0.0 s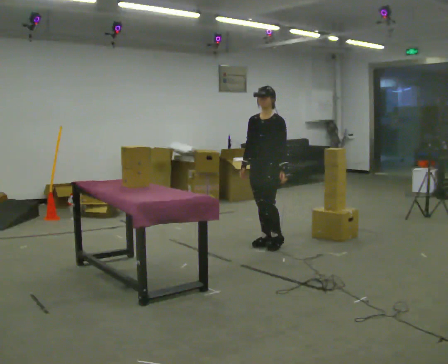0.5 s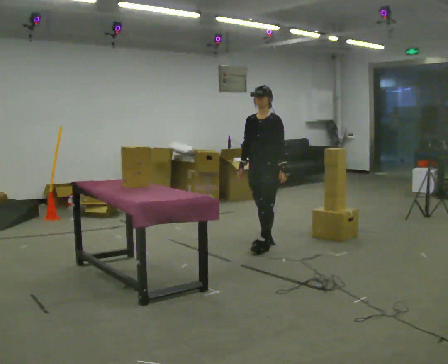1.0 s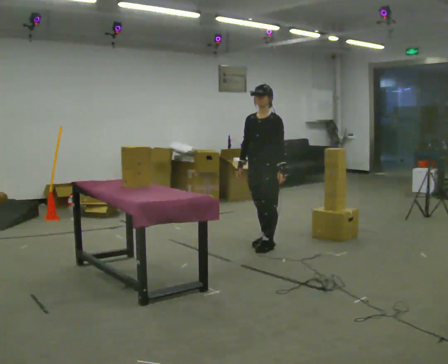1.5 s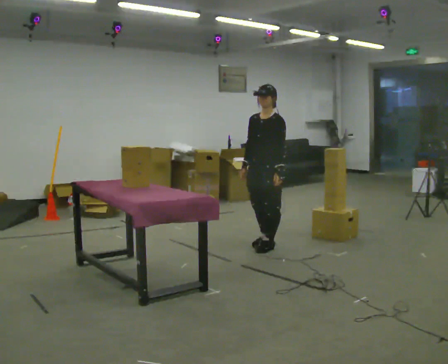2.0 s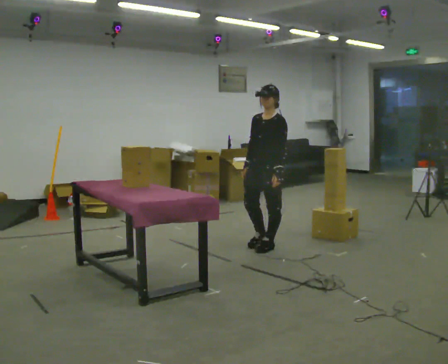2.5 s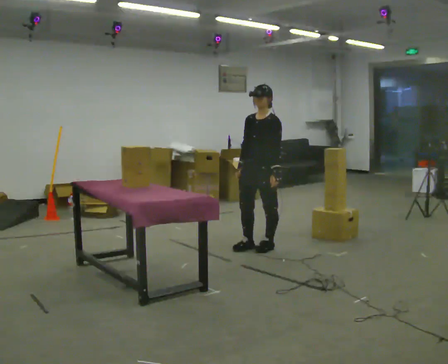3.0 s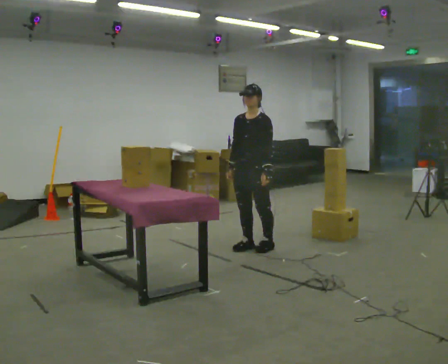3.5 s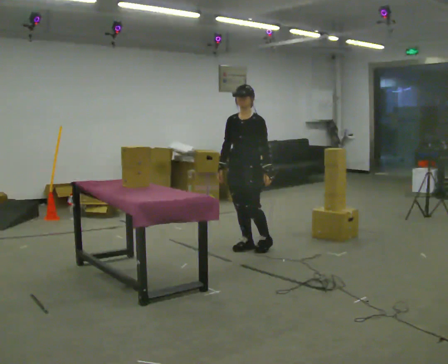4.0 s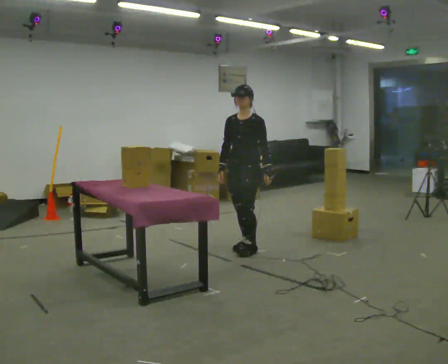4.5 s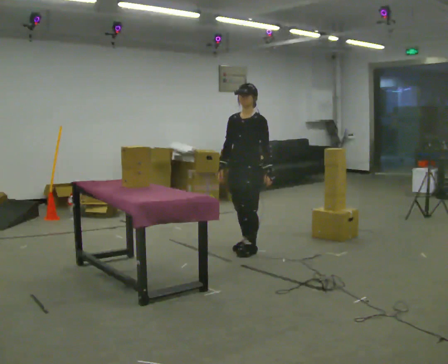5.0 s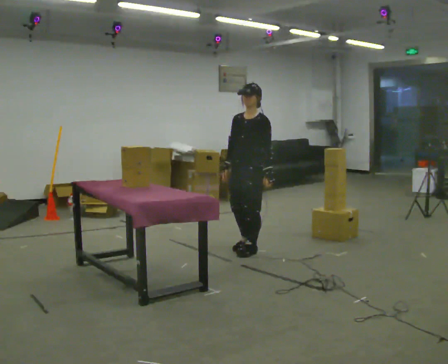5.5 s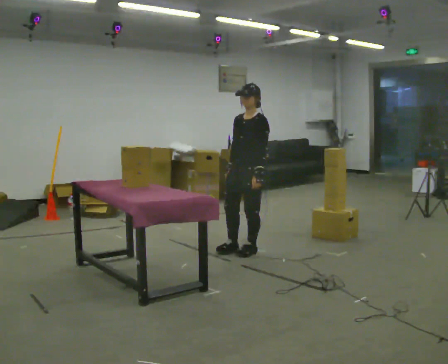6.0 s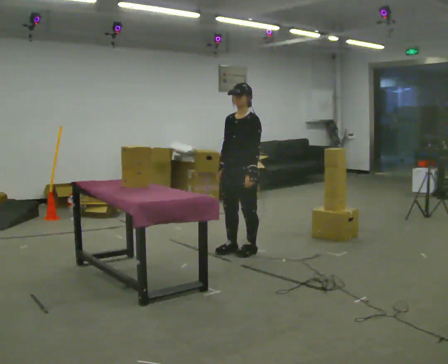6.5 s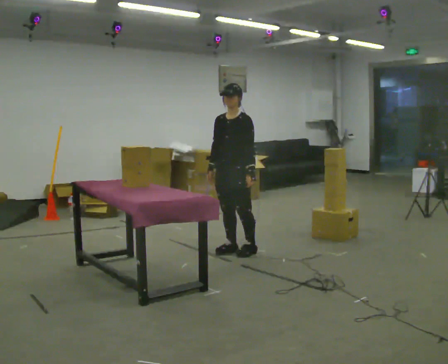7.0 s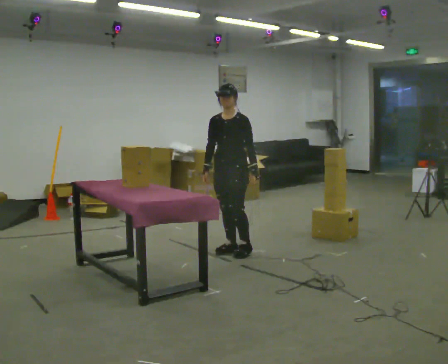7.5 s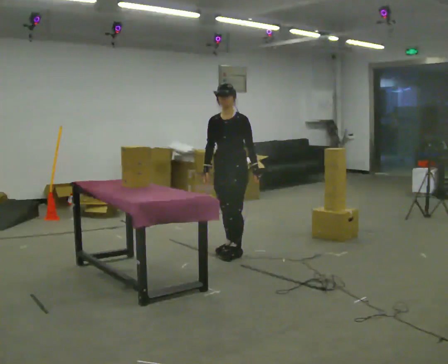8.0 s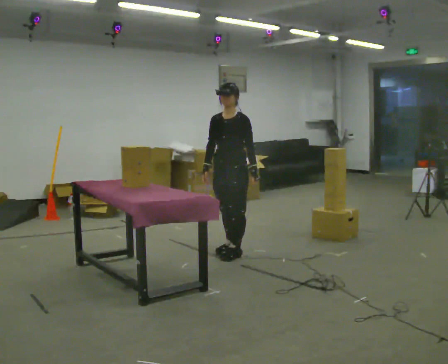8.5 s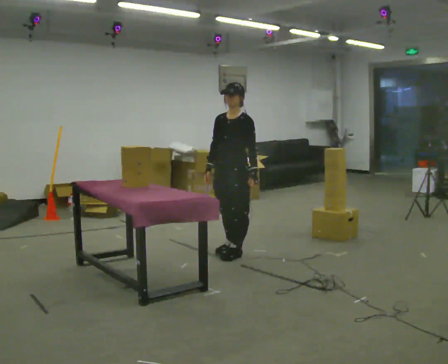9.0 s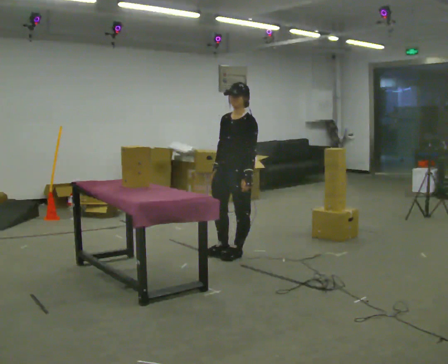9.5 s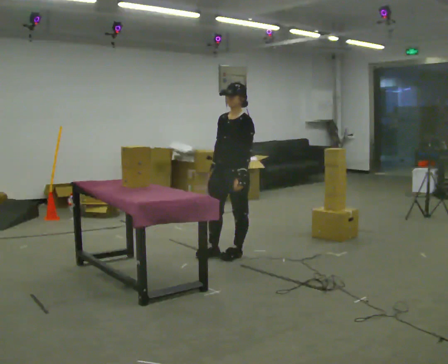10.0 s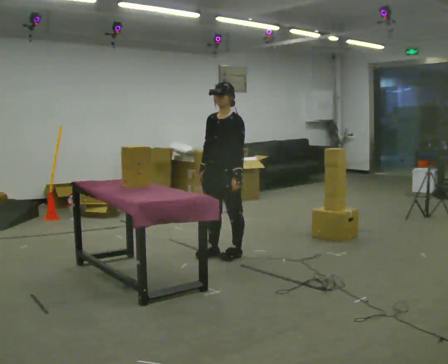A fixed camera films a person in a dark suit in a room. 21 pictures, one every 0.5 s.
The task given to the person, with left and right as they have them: Take an object out of the bin at knee height, carry it across the room, and place it on the chest-height shelf. Keep going until the operator says stop; one object at a time, and do not rush between trips.
0.0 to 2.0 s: In the picture they go toward the camera, about 0.25 m in 1 step, which for them is forward.
2.0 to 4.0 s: In the picture they go to the left, about 0.25 m in 2 steps, which for them is to their right and forward.
4.0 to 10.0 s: In the picture they go to the left and toward the camera, about 0.25 m in 2 steps, which for them is forward.
The film runs forward here.
